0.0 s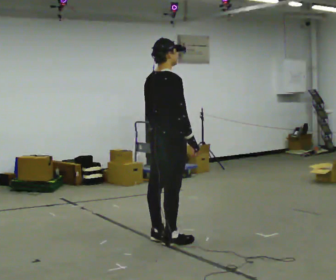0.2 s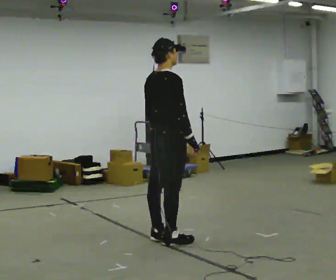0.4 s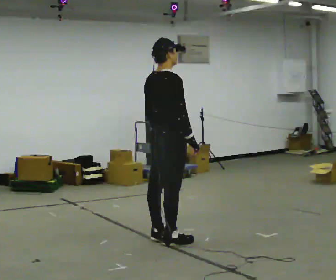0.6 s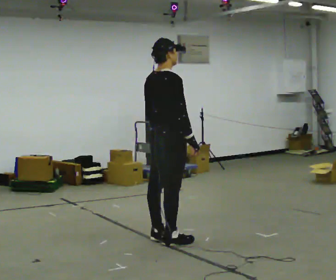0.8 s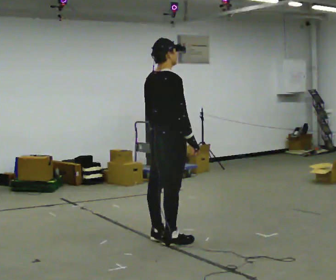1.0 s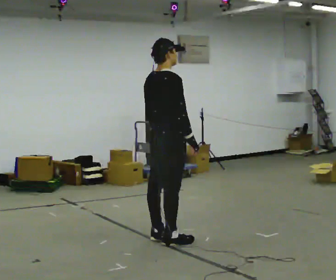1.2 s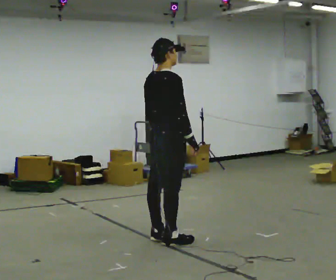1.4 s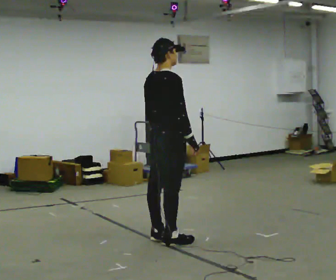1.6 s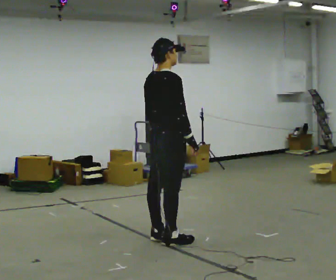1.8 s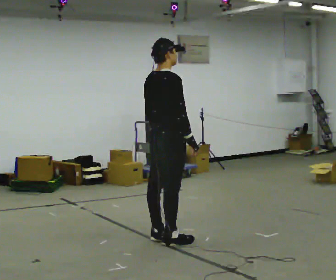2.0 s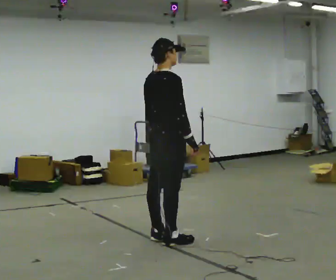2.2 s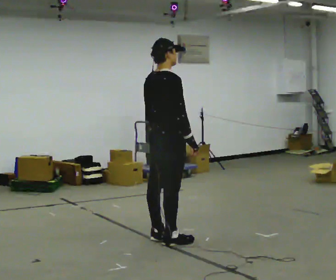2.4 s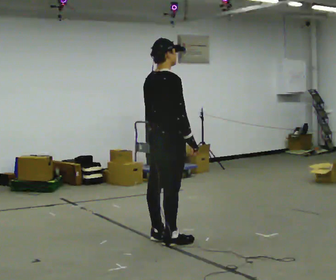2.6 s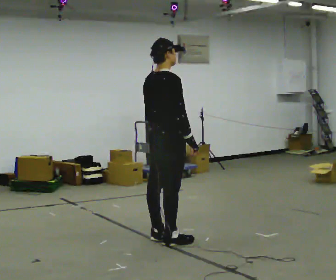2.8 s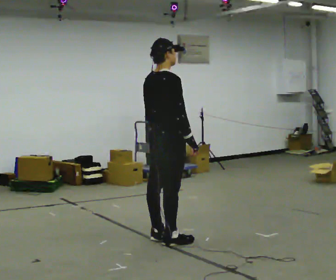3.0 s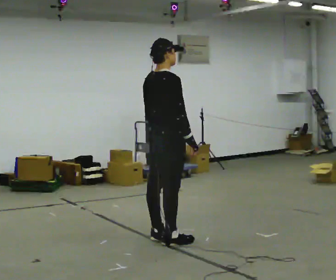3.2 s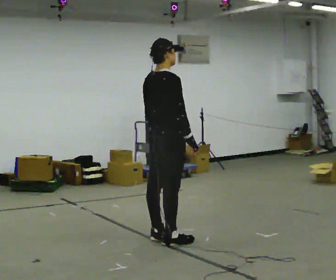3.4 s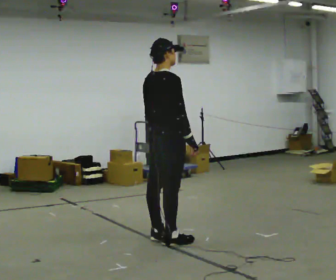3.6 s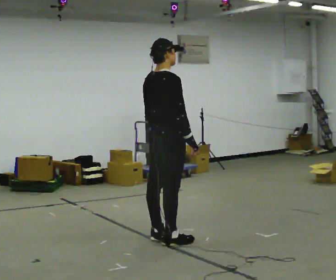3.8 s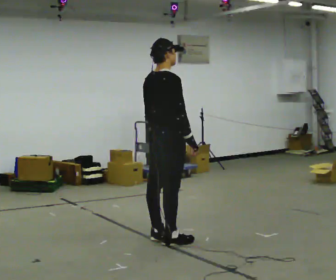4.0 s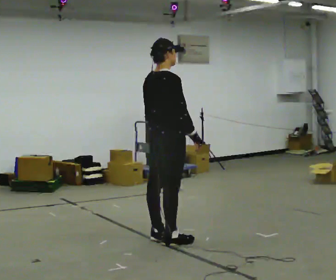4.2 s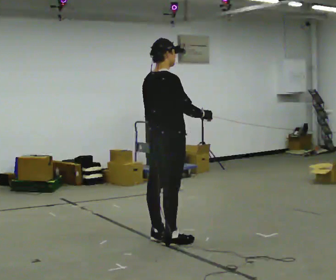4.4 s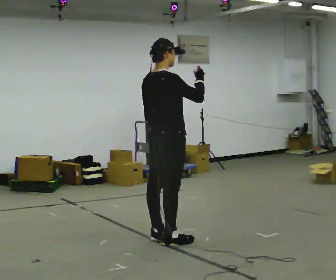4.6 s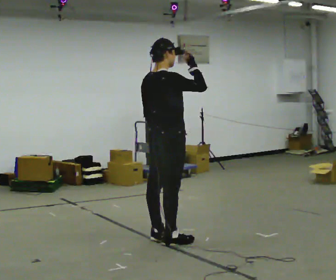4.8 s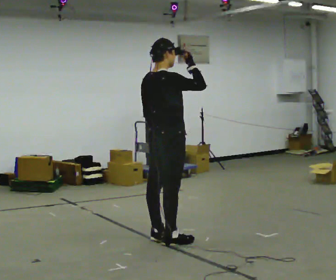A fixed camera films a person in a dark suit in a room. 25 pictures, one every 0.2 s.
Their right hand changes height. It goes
upward.
0.0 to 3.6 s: The person keeps their place and pose.
3.6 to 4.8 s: In the picture their right hand goes upward.
The film runs forward here.
